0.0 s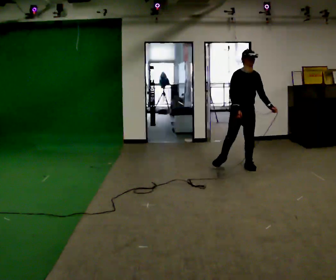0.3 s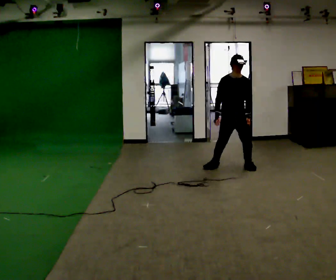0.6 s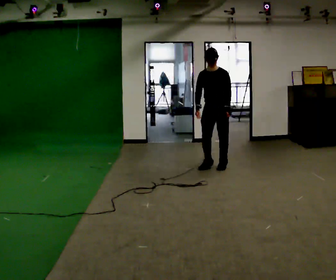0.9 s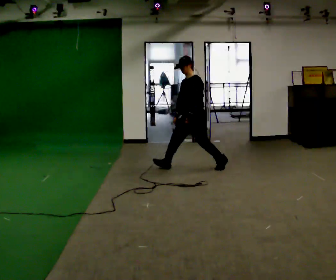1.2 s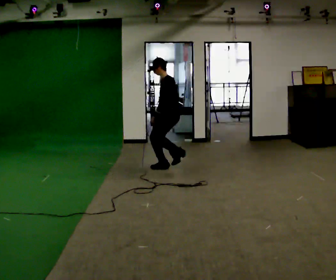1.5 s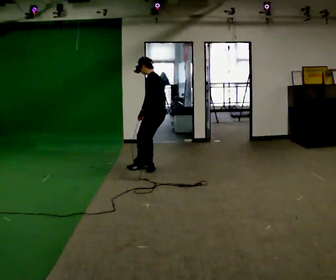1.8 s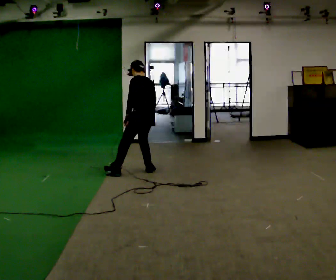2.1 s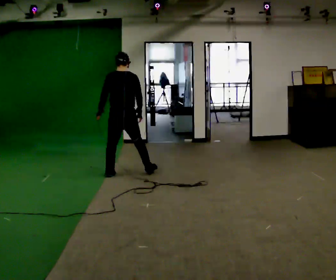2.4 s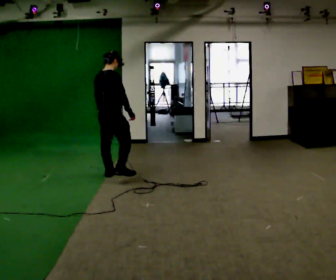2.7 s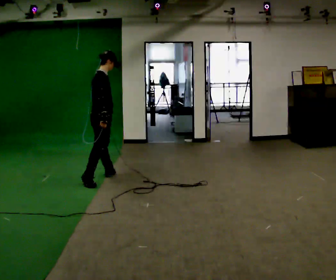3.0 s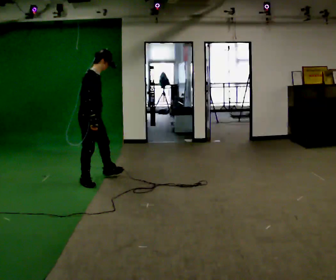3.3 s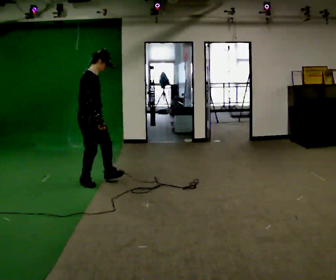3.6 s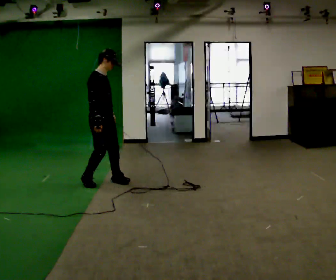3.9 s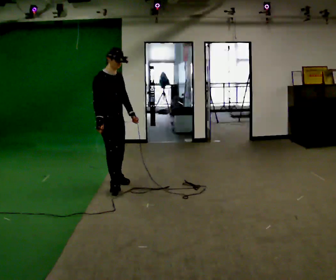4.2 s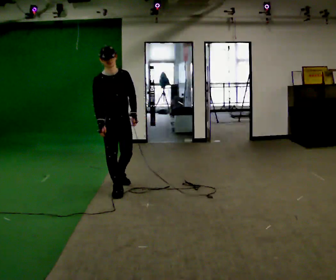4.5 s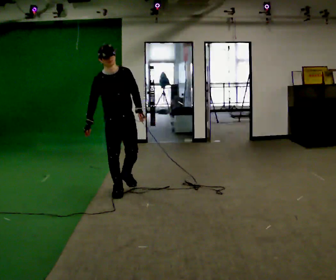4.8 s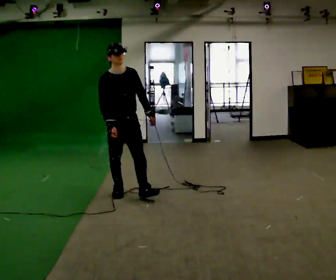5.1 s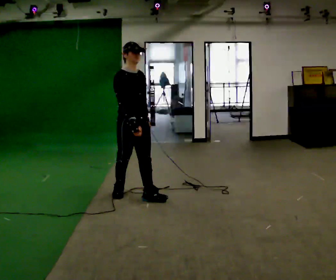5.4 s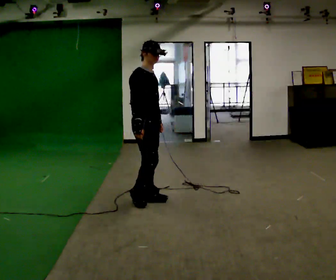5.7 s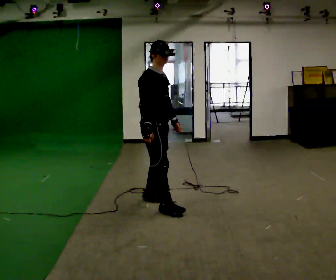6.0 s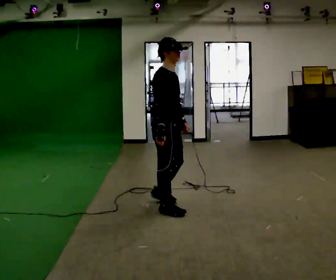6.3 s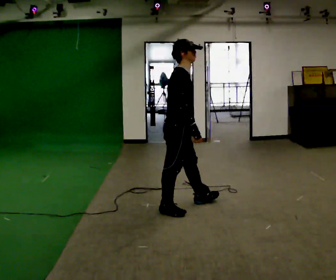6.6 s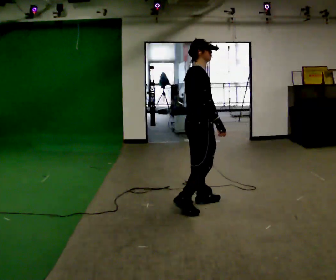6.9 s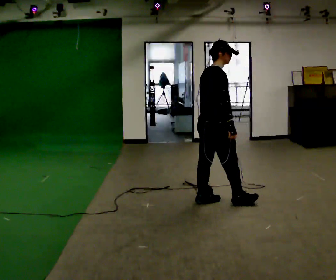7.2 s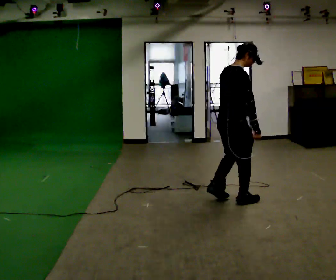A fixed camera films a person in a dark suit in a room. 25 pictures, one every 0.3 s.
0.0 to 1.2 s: The person turns about 90 degrees to their right, clockwise seen from above, so the part of the body nearest the lens slides to the left. In the picture they go to the left, about 1 m in 3 steps.
1.2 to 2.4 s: Seen from above the body turns clockwise, about 135 degrees: to their right, with its near side sliding to the left. In the picture they go to the left and toward the camera, about 1 m in 2 steps.
2.4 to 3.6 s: The part of the body nearest the lens slides to the left as the person turns to their right by about 75 degrees. In the picture they go toward the camera, about 0.5 m in 2 steps.
3.6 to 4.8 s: The person turns about 45 degrees to their right, clockwise seen from above, so the part of the body nearest the lens slides to the left. In the picture they go toward the camera and to the right, about 0.5 m in 1 step, which for them is forward.
4.8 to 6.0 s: The person turns about 60 degrees to their left, counterclockwise seen from above, so the part of the body nearest the lens slides to the right. In the picture they go toward the camera and to the right, about 0.75 m in 2 steps, which for them is forward and to their right.
6.0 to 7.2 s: Seen from above the body turns counterclockwise, about 45 degrees: to their left, with its near side sliding to the right. In the picture they go to the right, about 0.75 m in 2 steps, which for them is forward.
The film runs backward here.
